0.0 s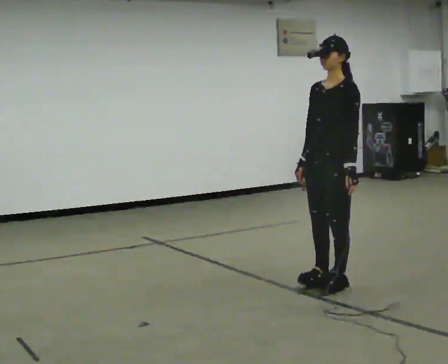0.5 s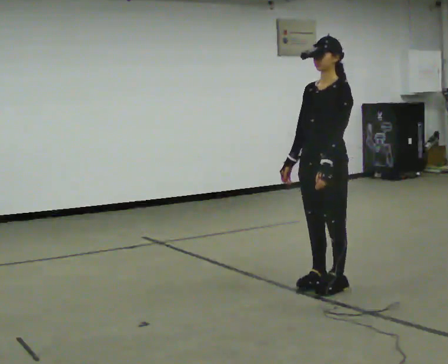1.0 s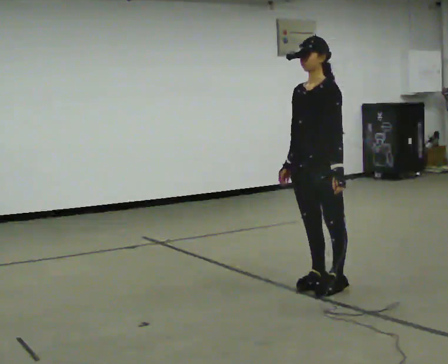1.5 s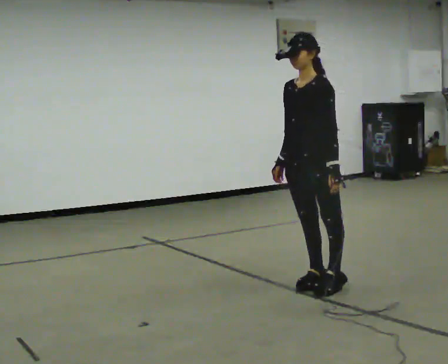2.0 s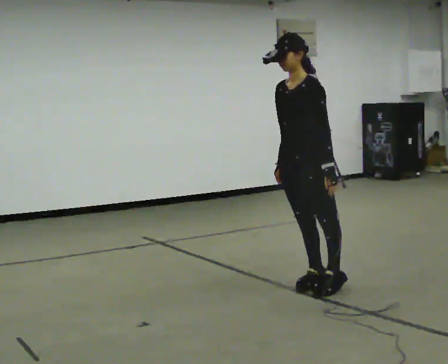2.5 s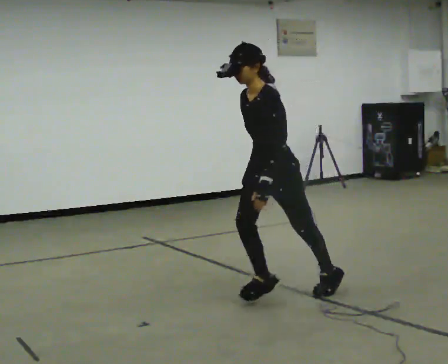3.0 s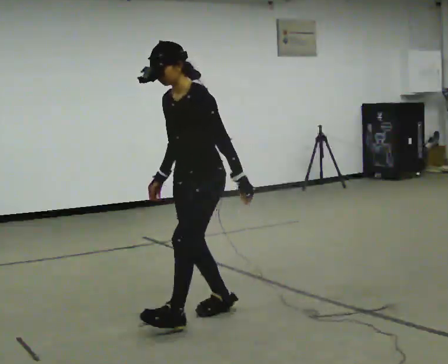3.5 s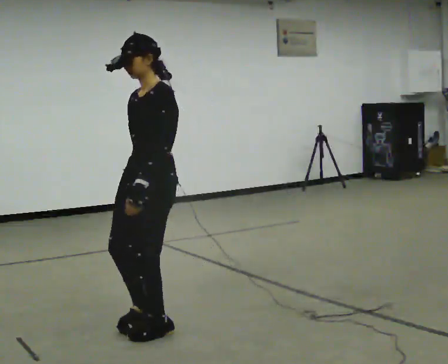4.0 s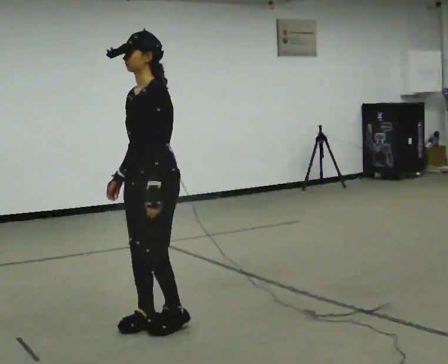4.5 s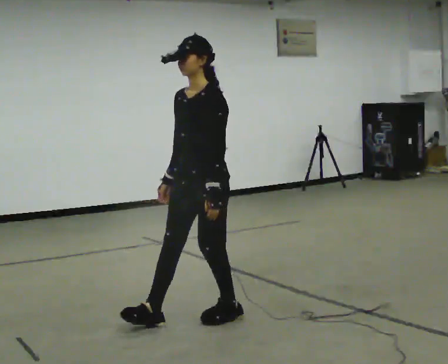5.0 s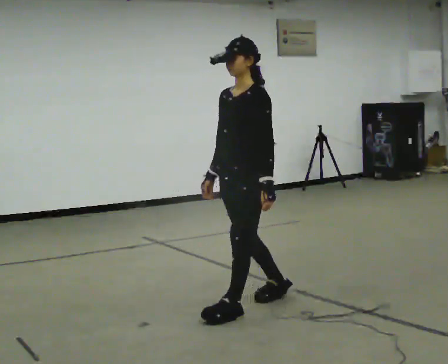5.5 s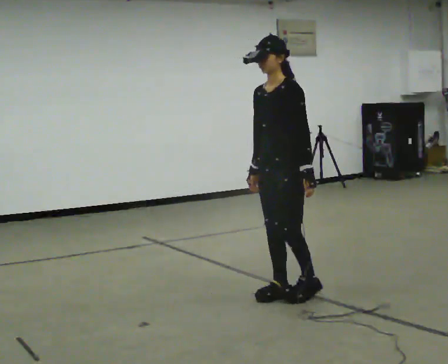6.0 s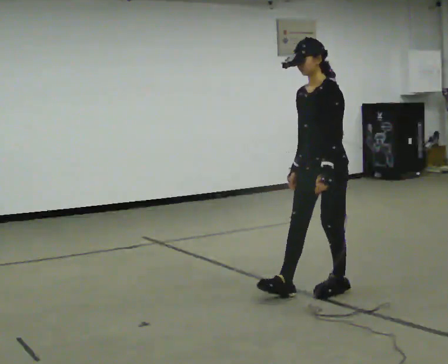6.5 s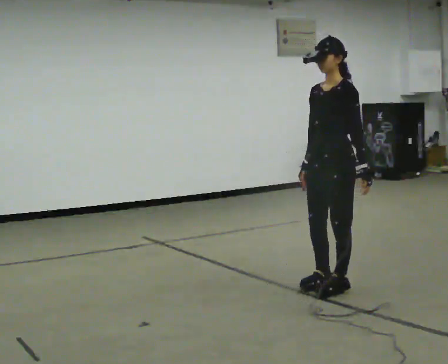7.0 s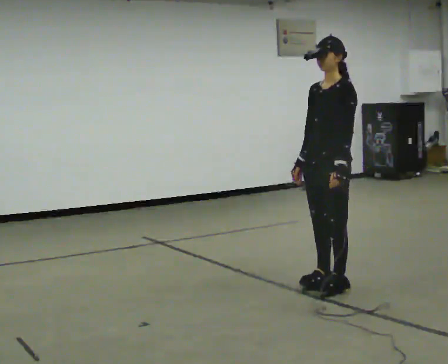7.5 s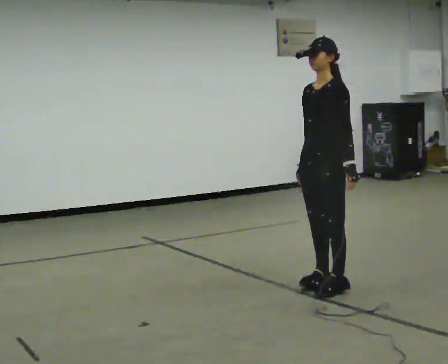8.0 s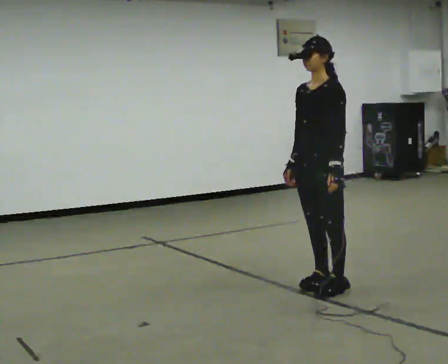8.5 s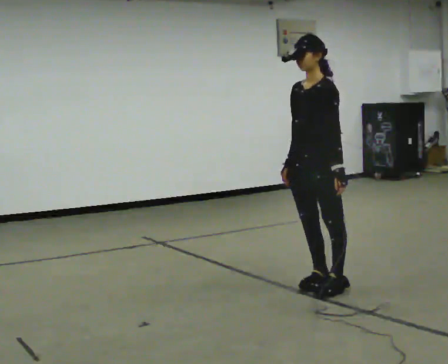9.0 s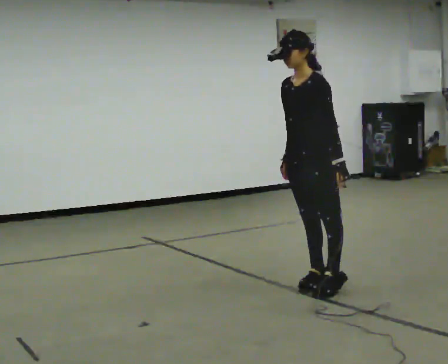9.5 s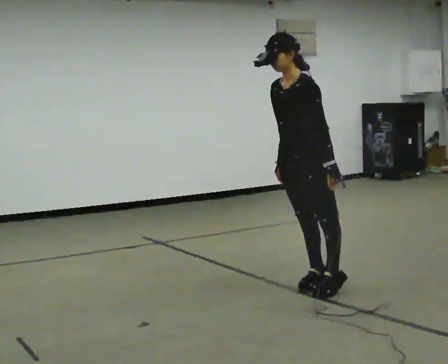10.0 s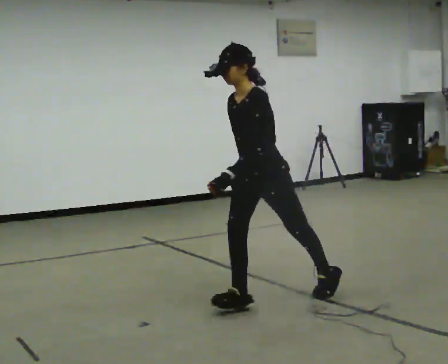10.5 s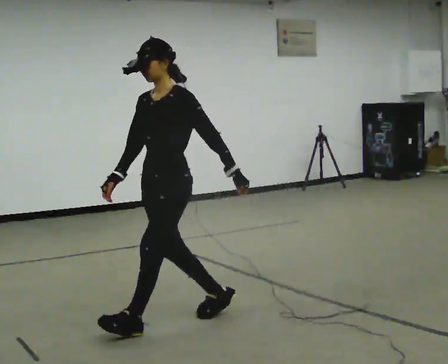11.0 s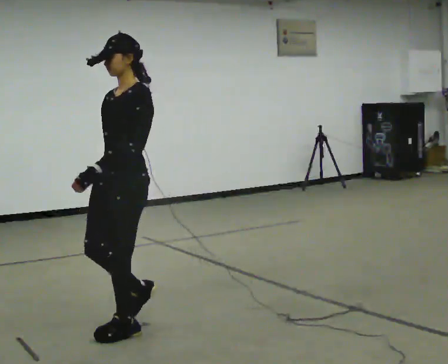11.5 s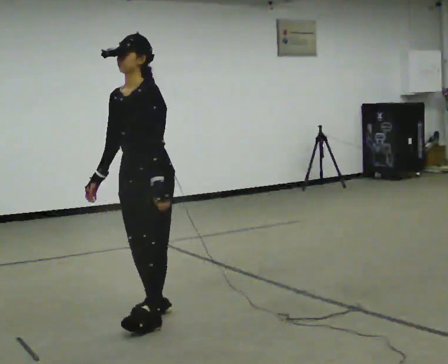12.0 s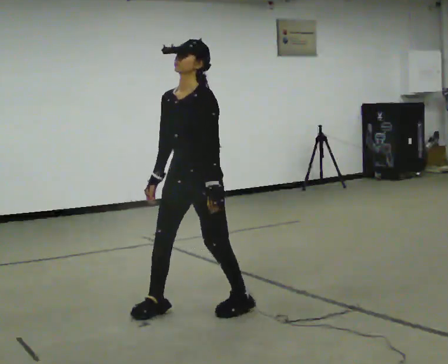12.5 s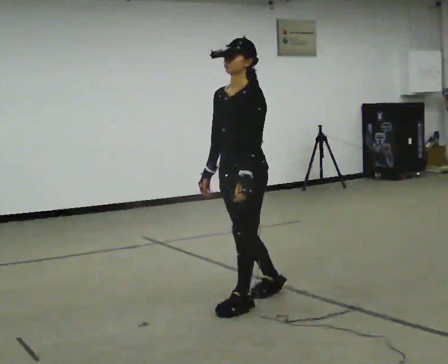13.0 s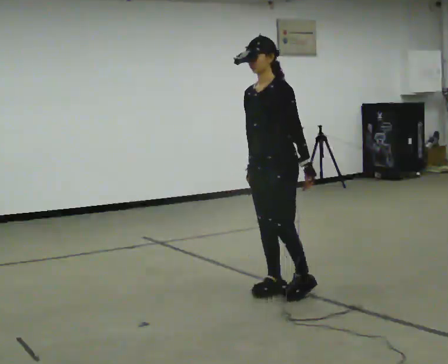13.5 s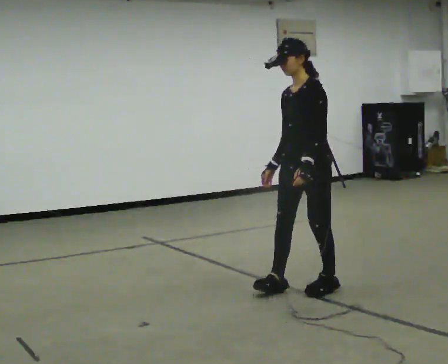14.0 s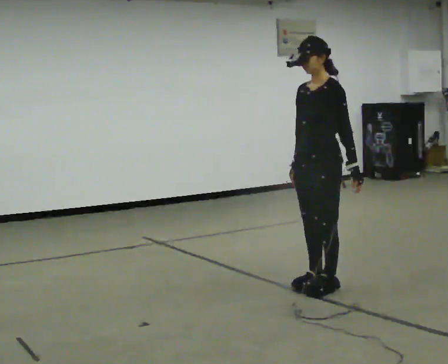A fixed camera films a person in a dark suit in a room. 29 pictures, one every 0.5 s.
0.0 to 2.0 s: In the picture they go to the left and toward the camera, about 0.25 m, which for them is forward.
2.0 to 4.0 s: In the picture they go to the left and toward the camera, about 1 m in 3 steps, which for them is forward.
4.0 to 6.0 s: In the picture they go to the right and away from the camera, about 1 m in 3 steps, which for them is backward.
6.0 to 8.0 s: The person moves a little, or ends about where they began.
8.0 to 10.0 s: In the picture they go to the left and toward the camera, about 0.5 m, which for them is forward.
10.0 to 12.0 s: In the picture they go to the left, about 0.25 m in 4 steps, which for them is forward.
12.0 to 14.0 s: In the picture they go to the right and away from the camera, about 1 m in 3 steps, which for them is backward.
The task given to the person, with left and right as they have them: Stand on the marked spots with your feet together. Lean forward from the ankles, keeping your body straight, until you cannot hold it any longer, then step forward to catch yourself. Return to the spots. Repeat at your own pace until the operator says stop. Go slowly and only as far as you are comfortable. Step whenever you need to; do not try to hold on longer than feels safe.
The film runs forward here.
